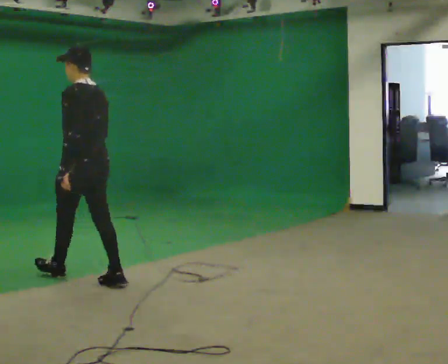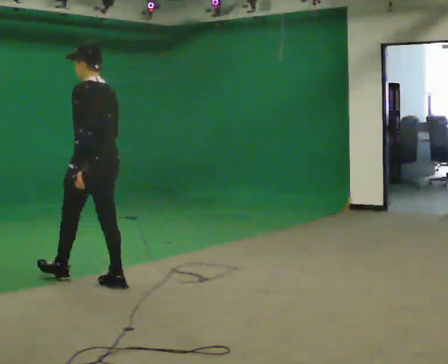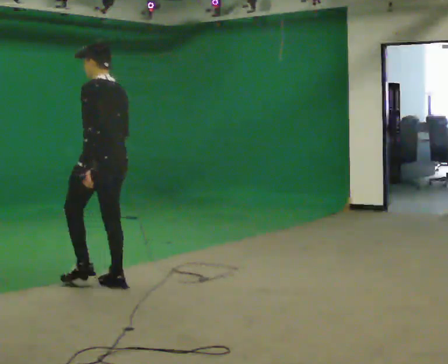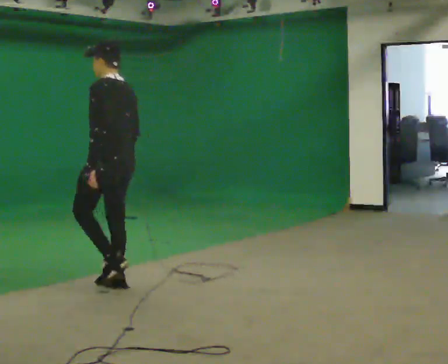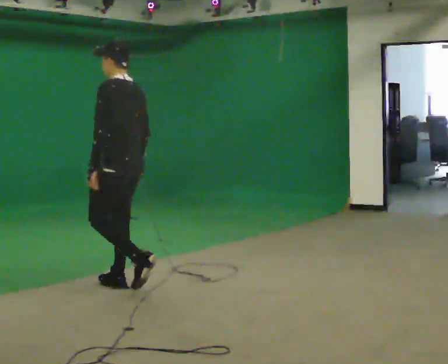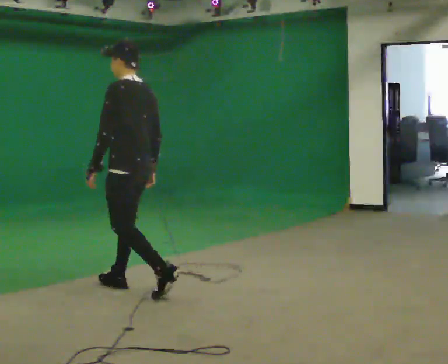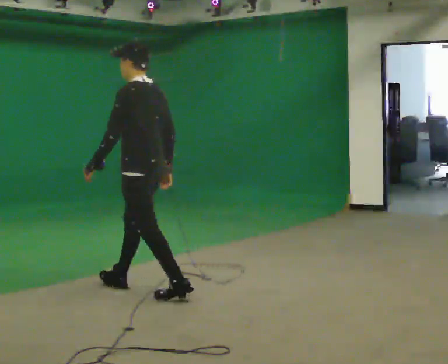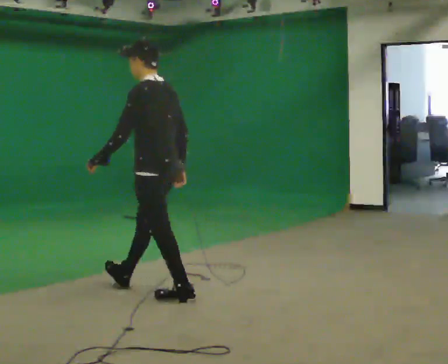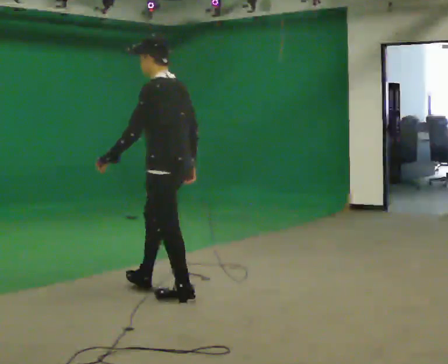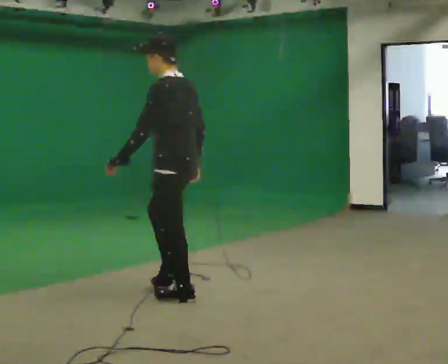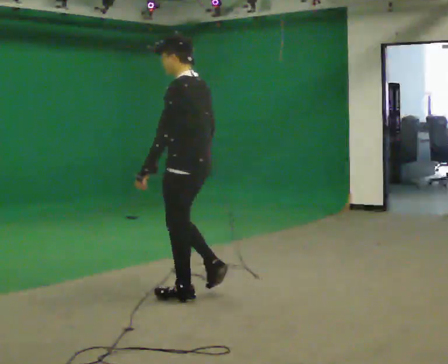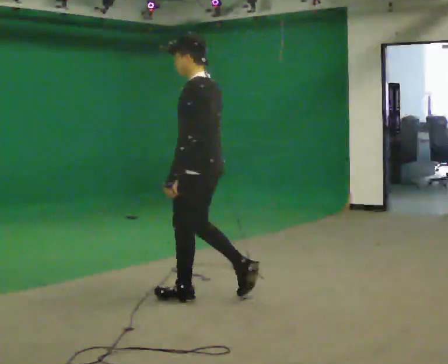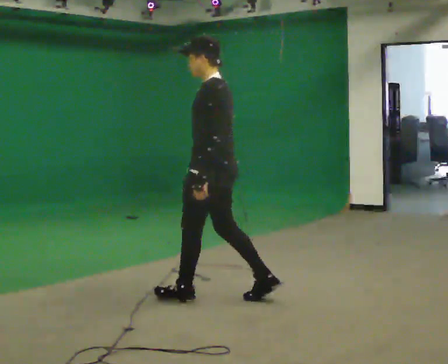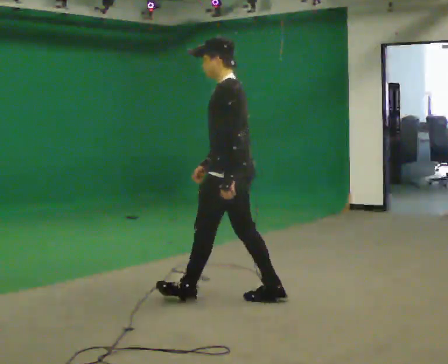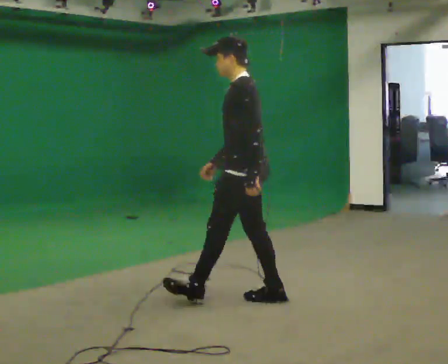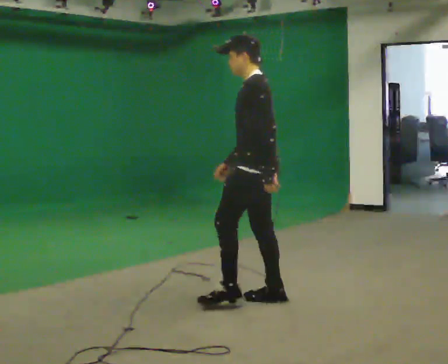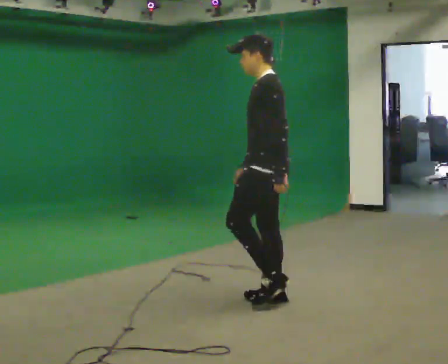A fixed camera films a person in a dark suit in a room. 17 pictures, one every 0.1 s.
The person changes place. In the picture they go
to the right.
0.0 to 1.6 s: Seen from above the body turns counterclockwise, about 30 degrees: to their left, with its near side sliding to the right. In the picture they go to the right and toward the camera, about 1.5 m in 2 steps, which for them is backward.
The film runs backward here.
